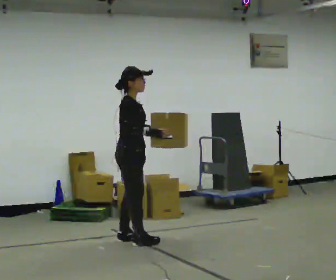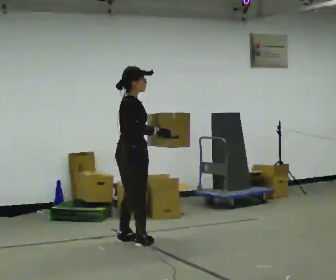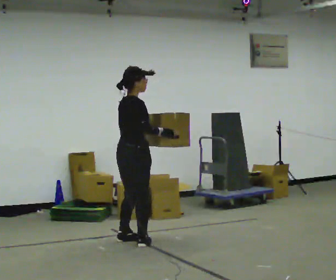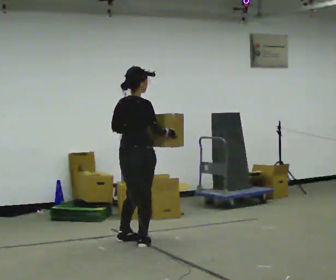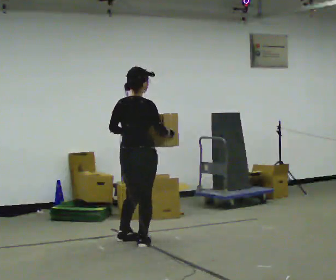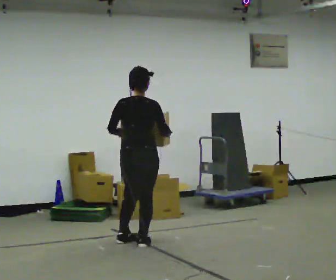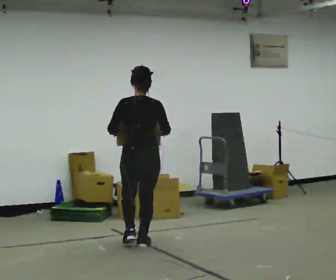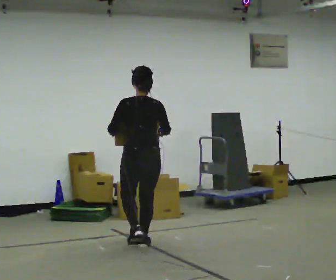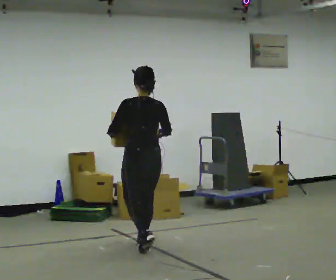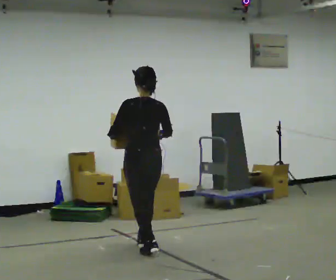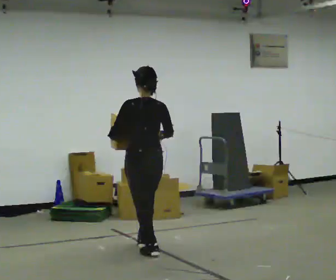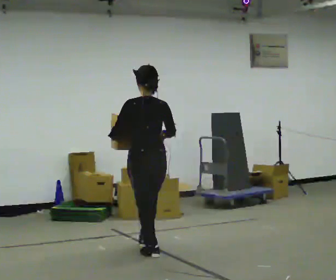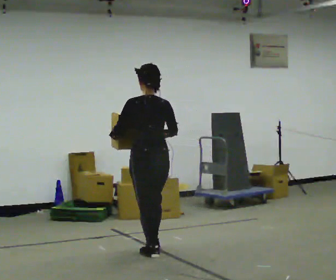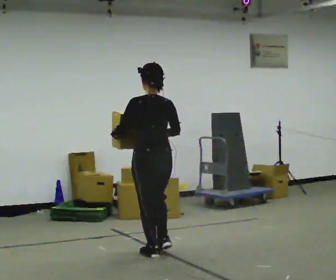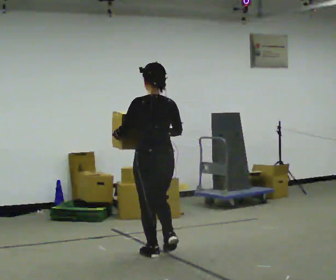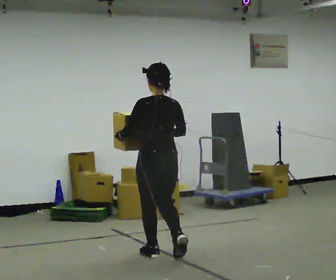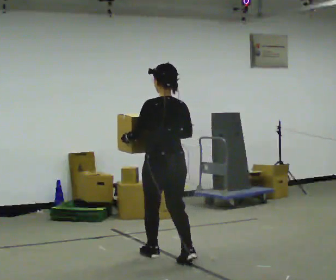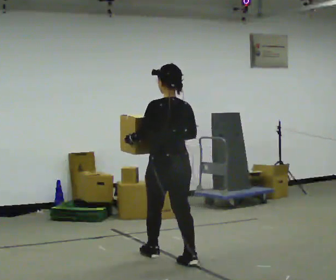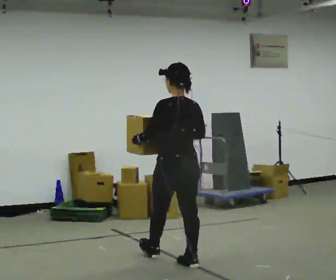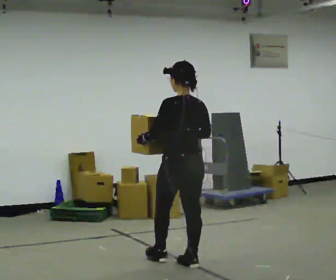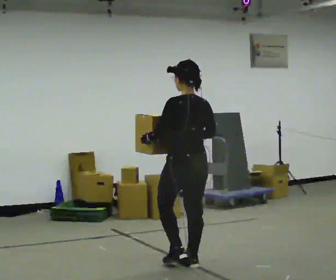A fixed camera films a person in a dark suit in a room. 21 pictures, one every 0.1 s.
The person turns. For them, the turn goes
to their left.
The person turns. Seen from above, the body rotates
counterclockwise.
0.0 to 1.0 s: The part of the body nearest the lens slides to the right as the person turns to their left by about 120 degrees. In the picture they go toward the camera and to the right, about 0.5 m in 1 step.
1.0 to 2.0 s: In the picture they go toward the camera and to the right, about 0.75 m in 2 steps, which for them is backward.
The film runs backward here.
